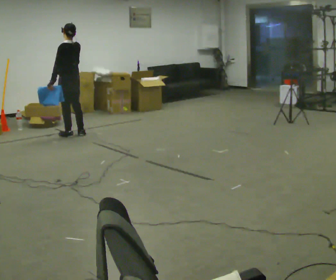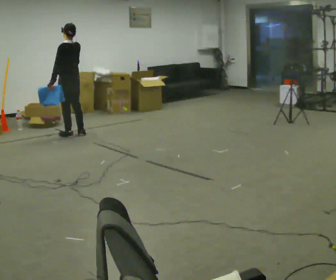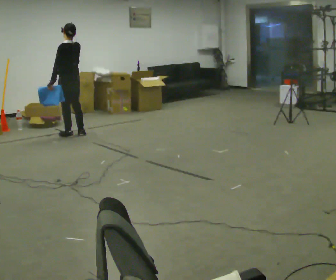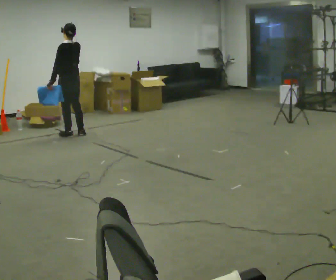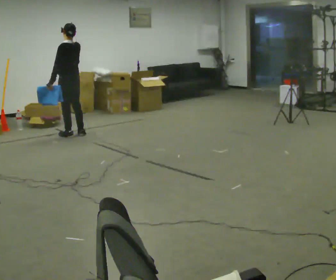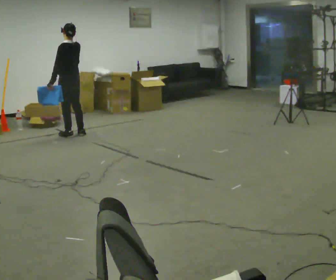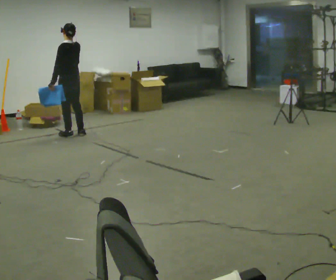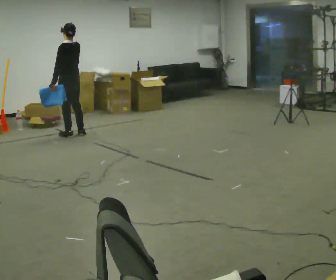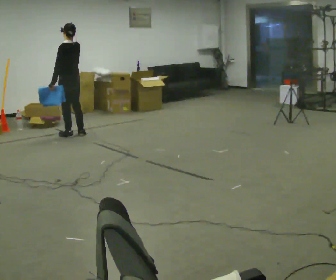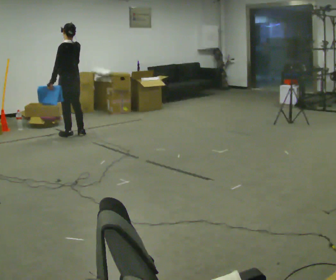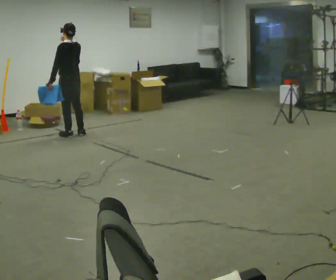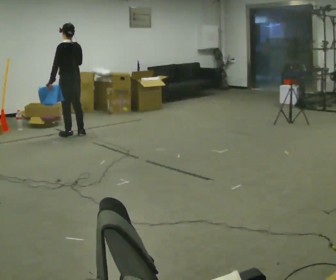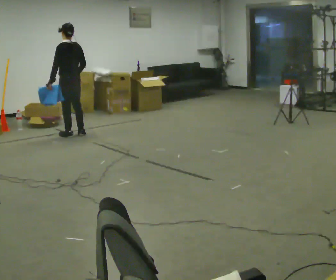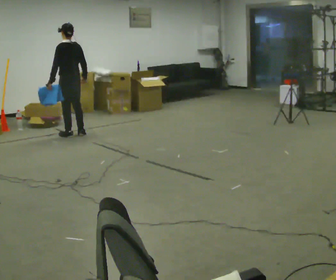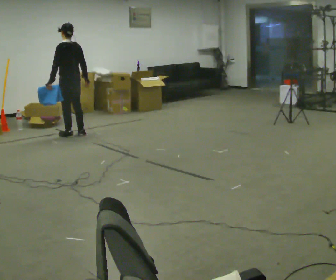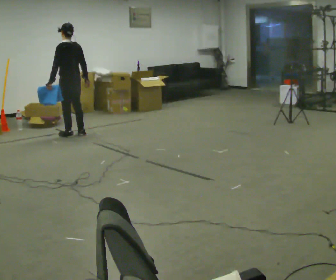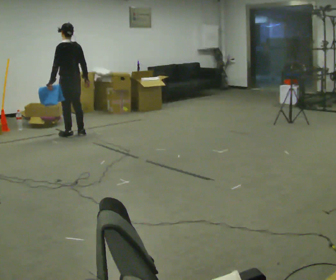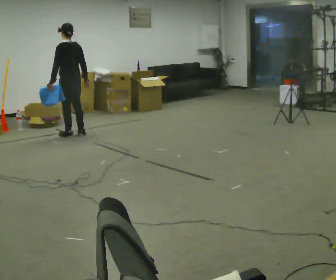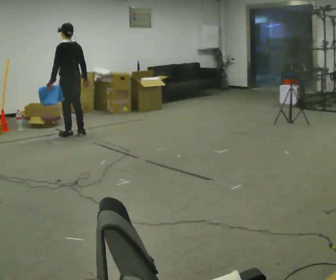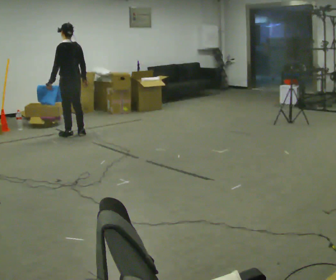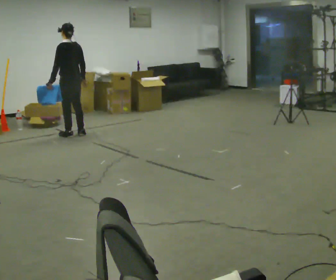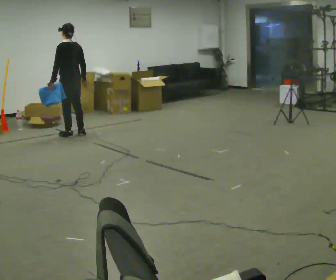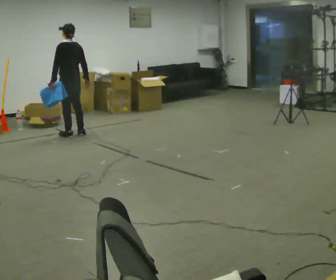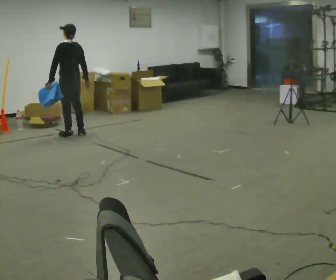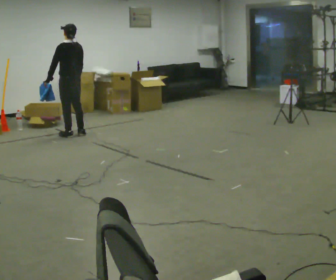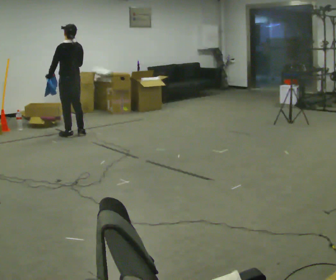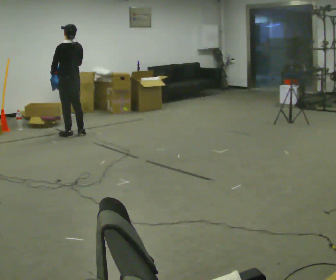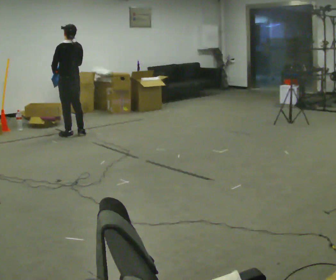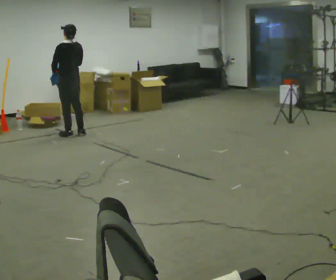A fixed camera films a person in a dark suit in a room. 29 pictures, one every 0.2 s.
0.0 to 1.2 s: The person keeps their place and pose.
1.2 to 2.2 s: In the picture their right hand goes downward.
2.2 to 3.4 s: In the picture their right hand goes downward.
3.4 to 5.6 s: The person moves a little, or ends about where they began.
The film runs backward here.
